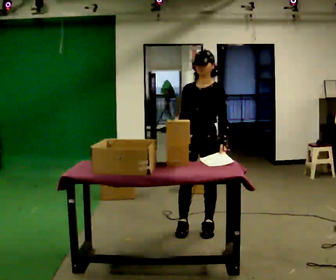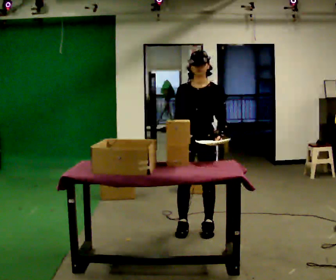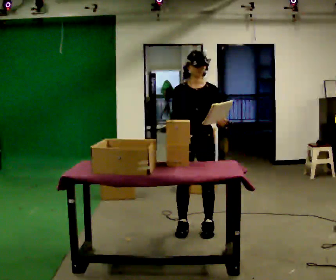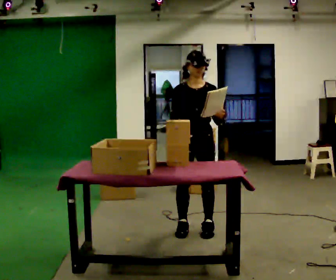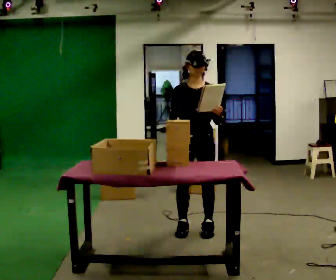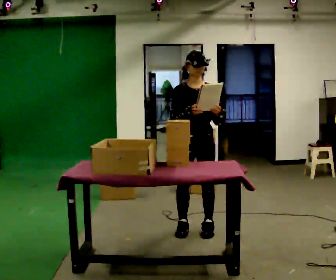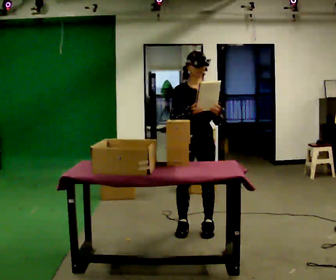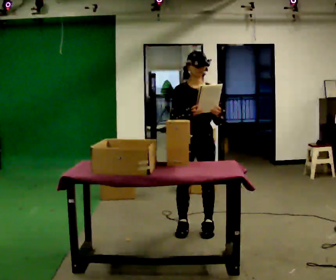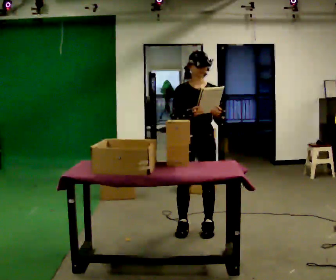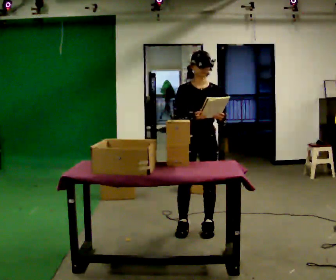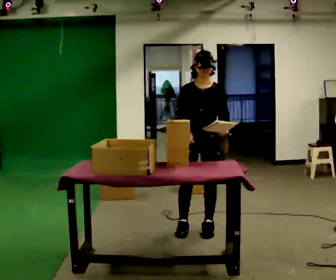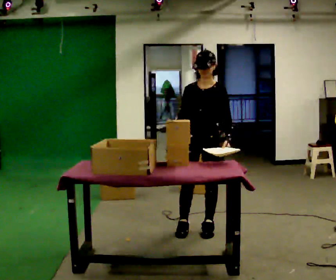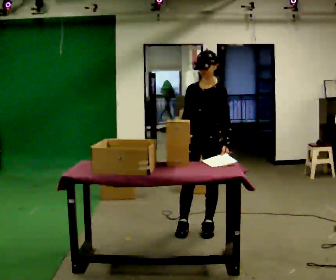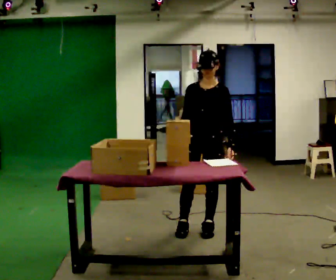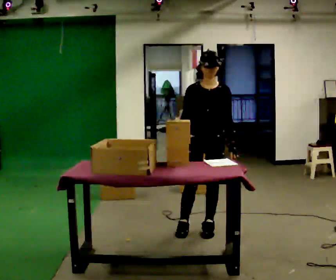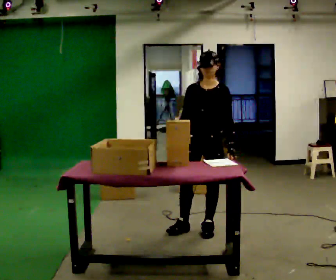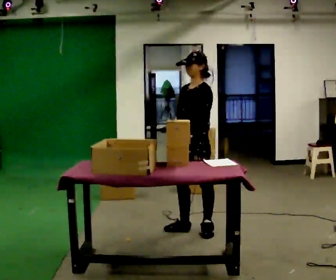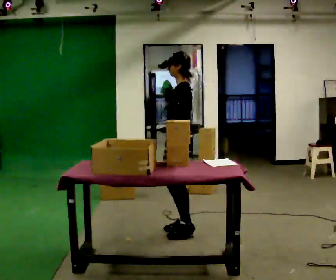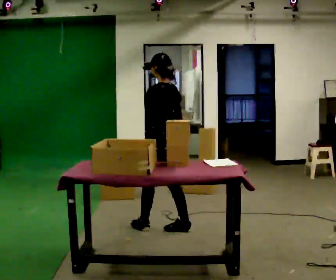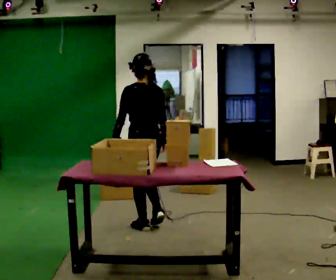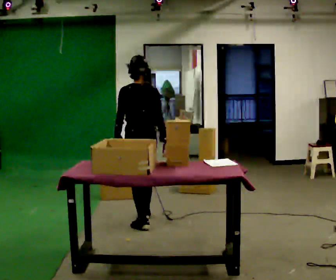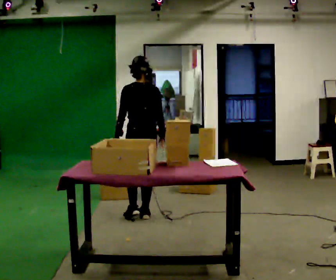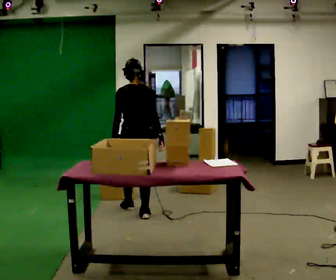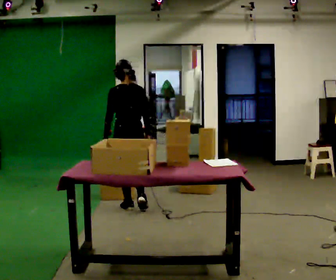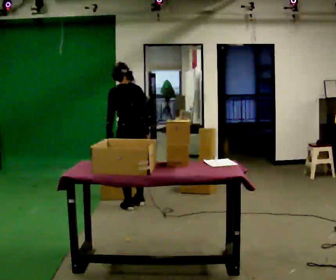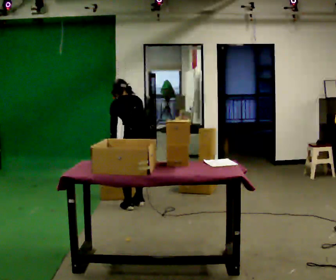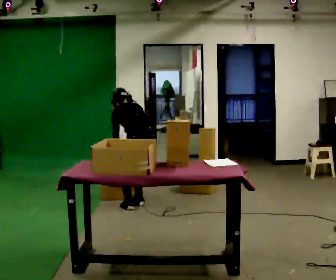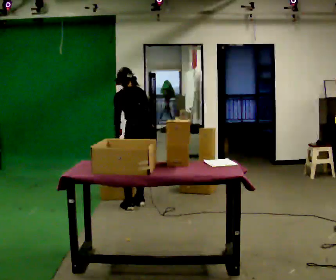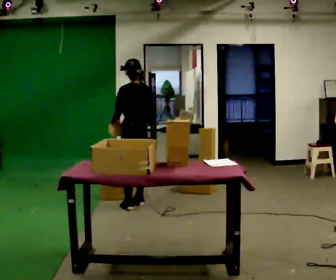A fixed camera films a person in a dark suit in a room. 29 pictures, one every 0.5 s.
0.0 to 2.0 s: The part of the body nearest the lens slides to the right as the person turns to their left by about 30 degrees.
2.0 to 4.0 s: The person moves a little, or ends about where they began.
4.0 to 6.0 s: The part of the body nearest the lens slides to the left as the person turns to their right by about 30 degrees.
6.0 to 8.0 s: Seen from above the body turns clockwise, about 30 degrees: to their right, with its near side sliding to the left.
8.0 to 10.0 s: The part of the body nearest the lens slides to the left as the person turns to their right by about 105 degrees. In the picture they go to the left, about 0.5 m in 2 steps.
10.0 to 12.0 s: In the picture they go away from the camera and to the left, about 0.5 m in 2 steps, which for them is forward.
12.0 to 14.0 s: The person moves a little, or ends about where they began.
The film runs forward here.
